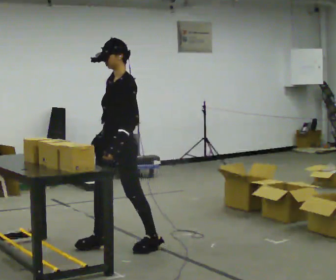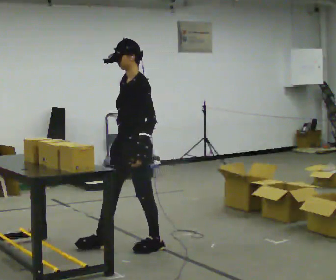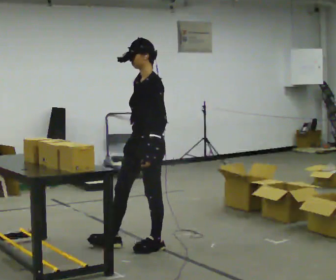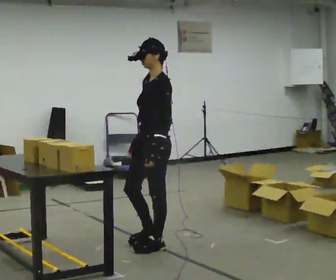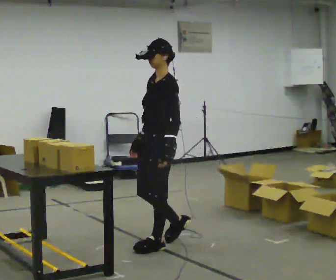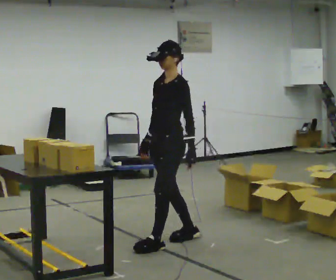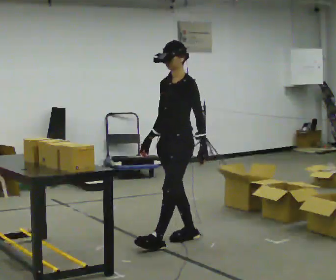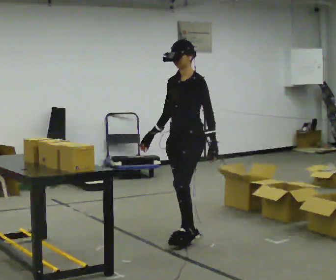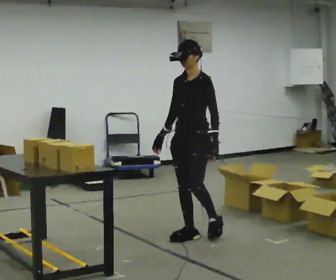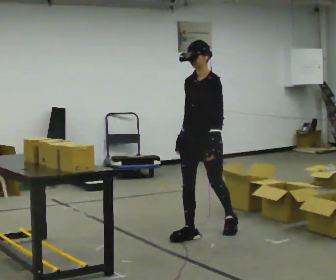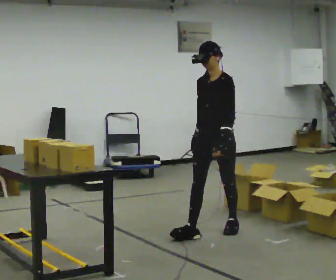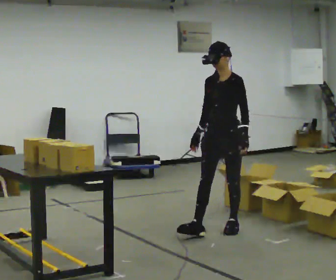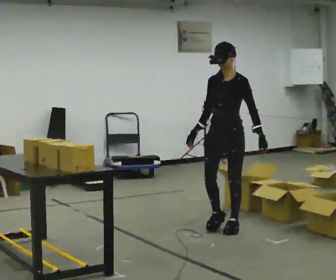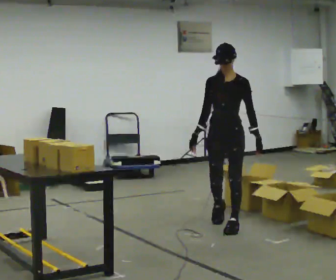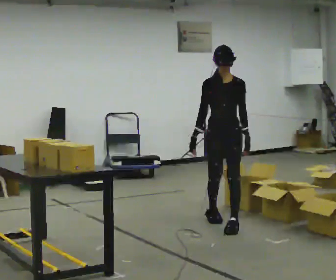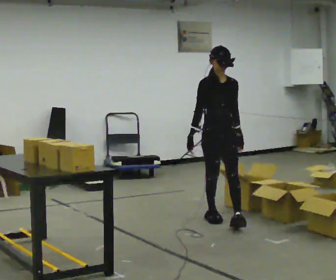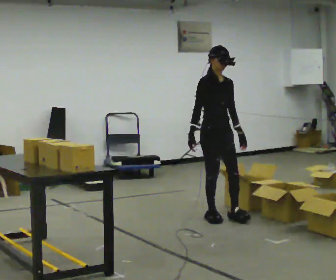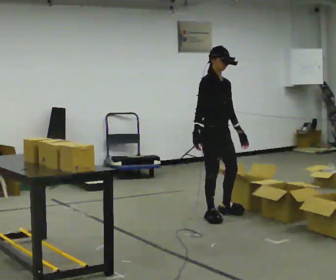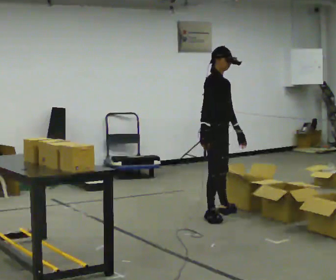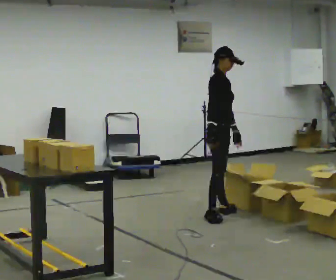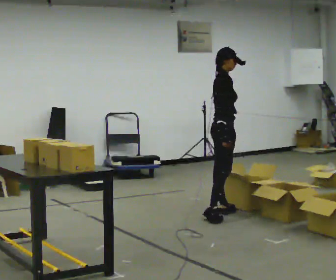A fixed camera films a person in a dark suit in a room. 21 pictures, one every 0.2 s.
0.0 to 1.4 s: In the picture they go to the right and away from the camera, about 0.5 m in 2 steps, which for them is backward.
1.4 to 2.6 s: The part of the body nearest the lens slides to the right as the person turns to their left by about 30 degrees. In the picture they go away from the camera and to the right, about 0.5 m in 1 step, which for them is backward.
2.6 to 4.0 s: The person turns about 105 degrees to their left, counterclockwise seen from above, so the part of the body nearest the lens slides to the right. In the picture they go away from the camera, about 0.5 m in 1 step.
The film runs backward here.
